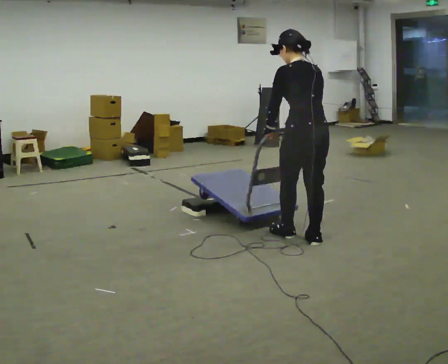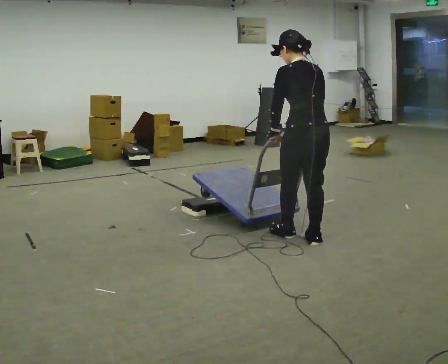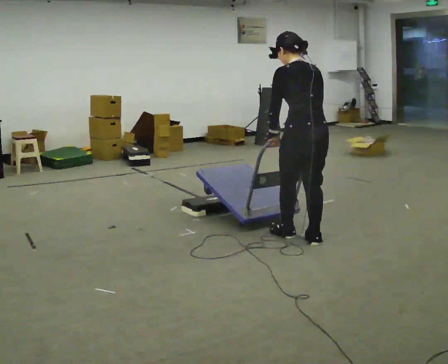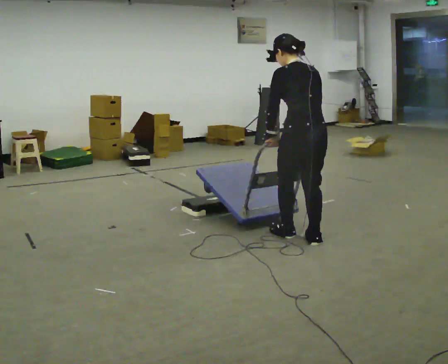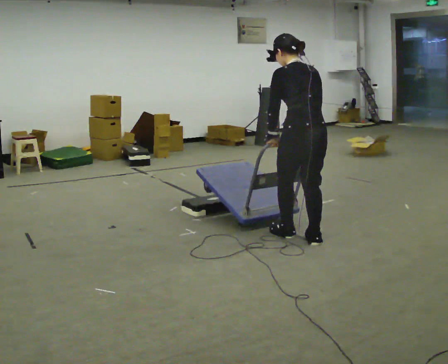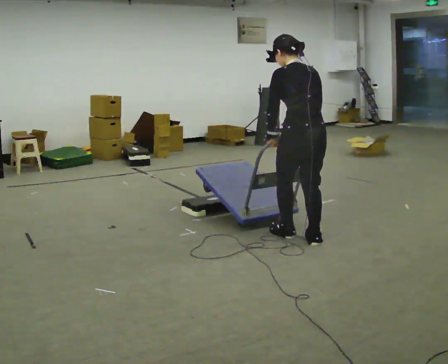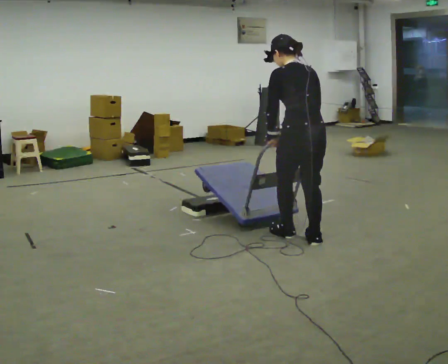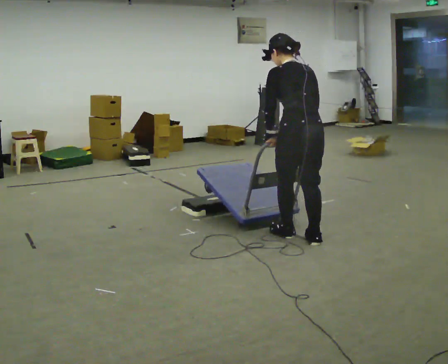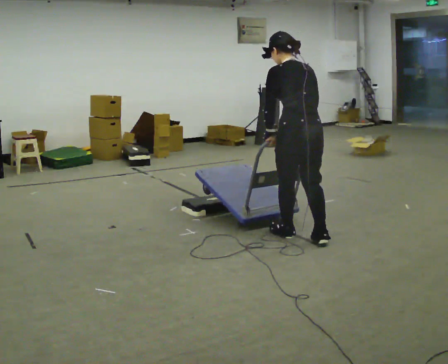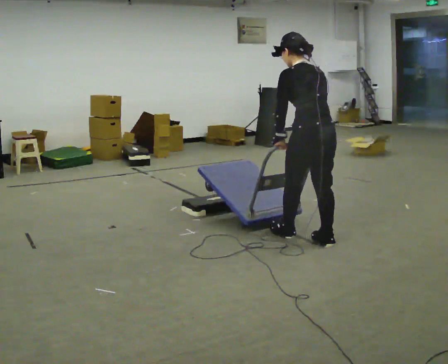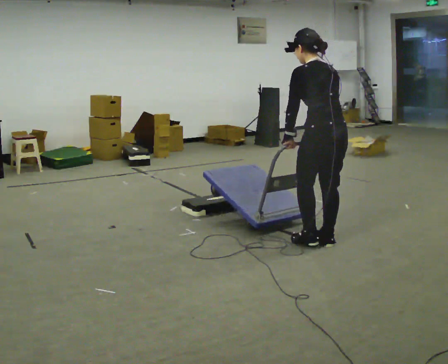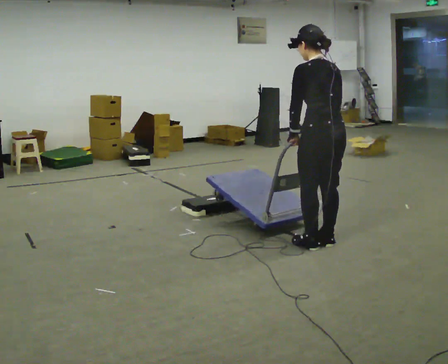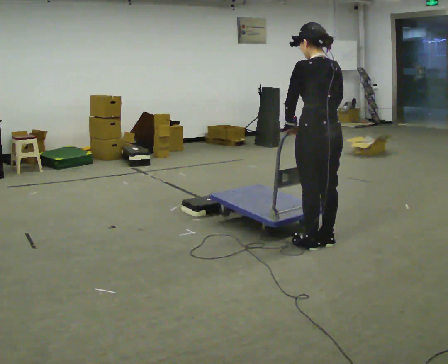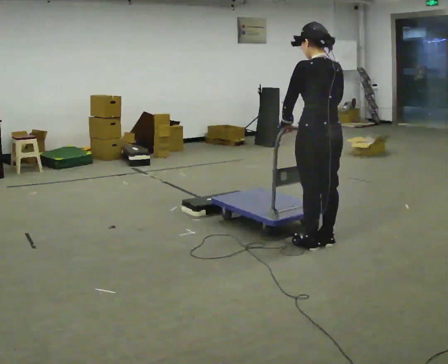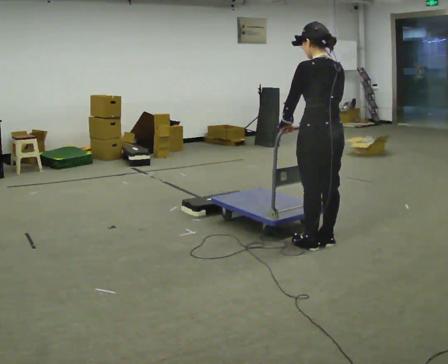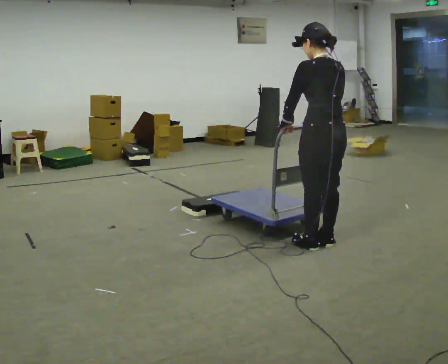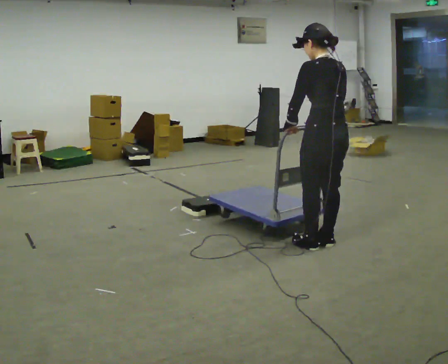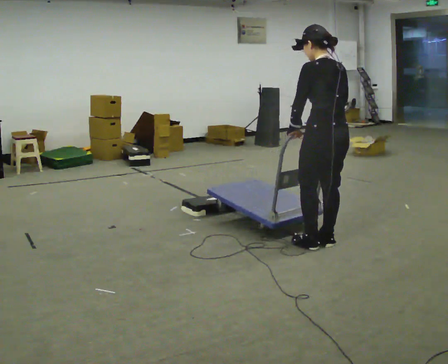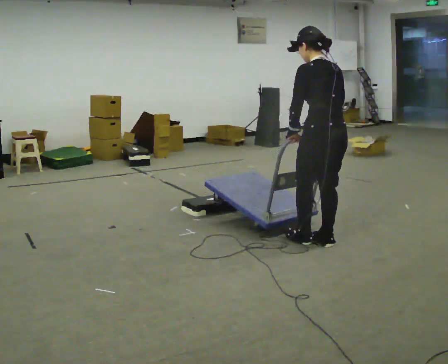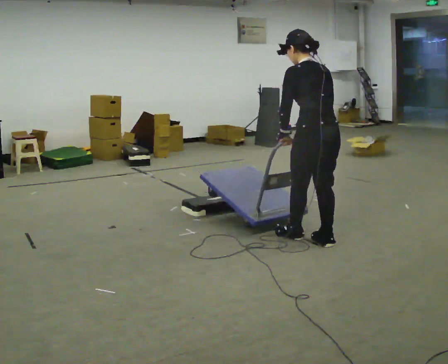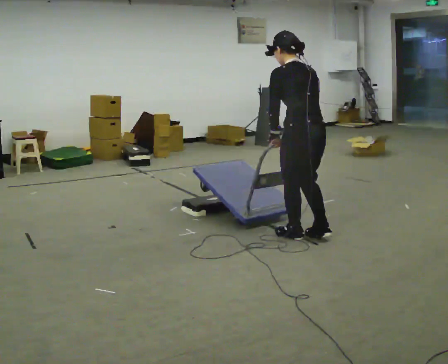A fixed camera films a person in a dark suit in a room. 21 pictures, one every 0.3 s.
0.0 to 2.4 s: The person moves a little, or ends about where they began.
2.4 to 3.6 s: In the picture they go to the right, about 0.25 m in 1 step, which for them is backward.
3.6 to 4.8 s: The person moves a little, or ends about where they began.
4.8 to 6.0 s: In the picture they go to the left, about 0.25 m in 2 steps, which for them is forward.
The film runs backward here.
